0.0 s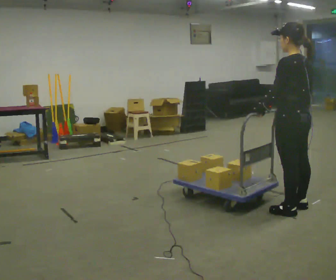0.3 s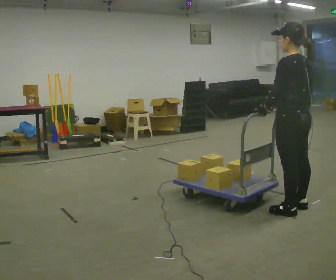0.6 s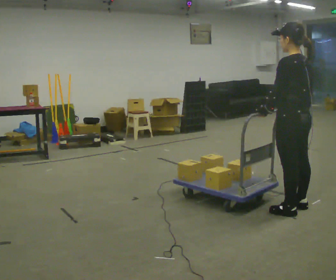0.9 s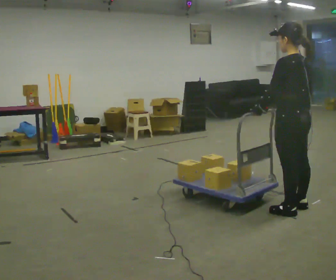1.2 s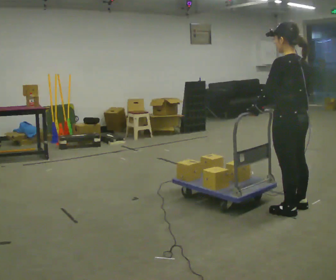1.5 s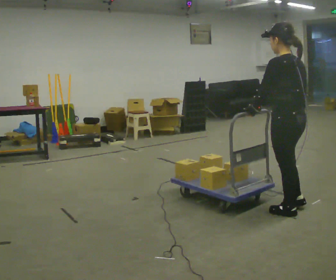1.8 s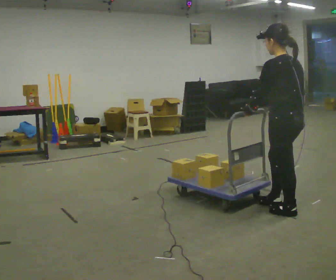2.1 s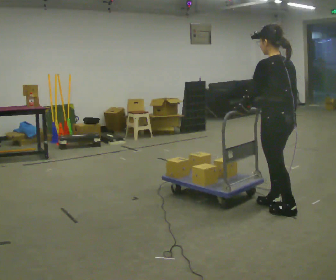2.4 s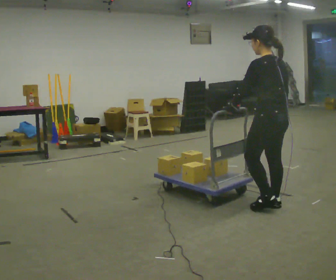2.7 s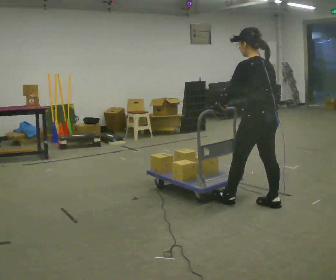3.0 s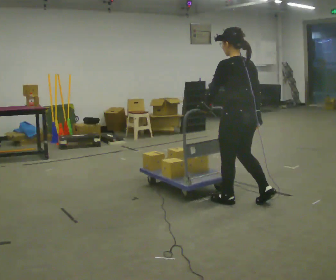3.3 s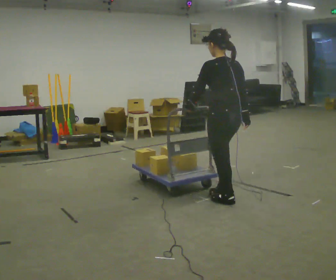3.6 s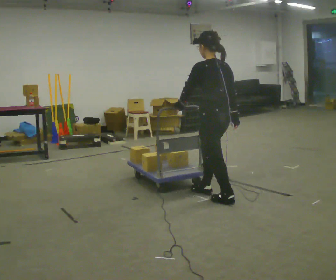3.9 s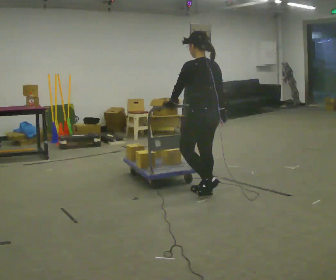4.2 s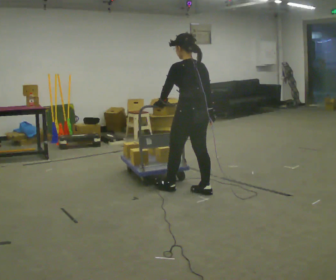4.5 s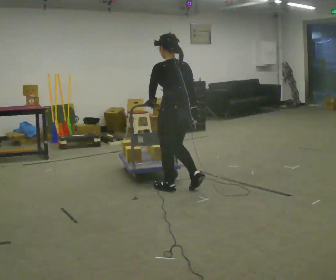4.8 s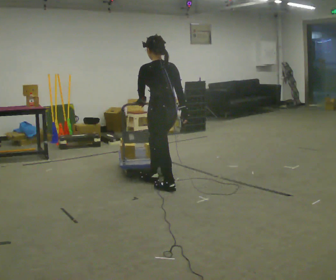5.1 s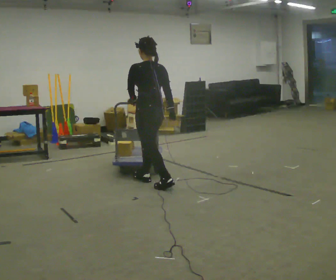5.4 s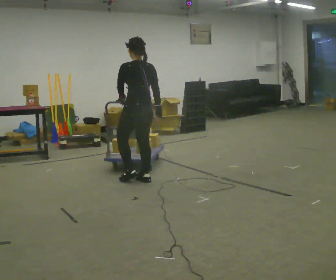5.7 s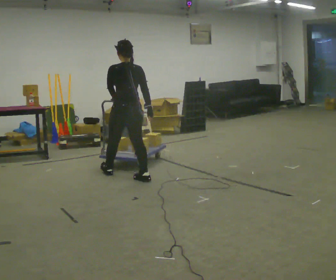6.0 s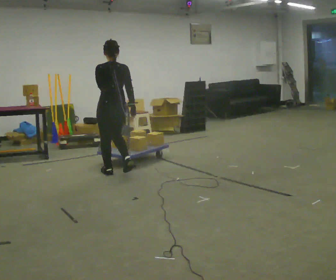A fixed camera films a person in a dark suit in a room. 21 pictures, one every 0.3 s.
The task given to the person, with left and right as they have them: Push the cart across the room using only the hand the operator calls. Keep your other arm at your side.
0.0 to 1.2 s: The person moves a little, or ends about where they began.
1.2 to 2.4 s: In the picture they go away from the camera, about 0.25 m in 1 step, which for them is forward.
2.4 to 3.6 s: In the picture they go to the left and away from the camera, about 0.5 m in 2 steps, which for them is forward.
3.6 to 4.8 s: In the picture they go to the left and away from the camera, about 0.5 m in 1 step, which for them is forward.
4.8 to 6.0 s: In the picture they go to the left and away from the camera, about 1 m in 2 steps, which for them is forward.
The film runs forward here.
